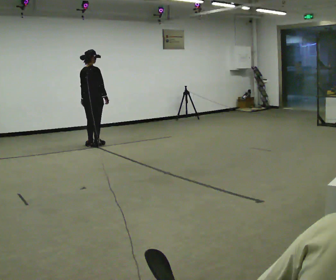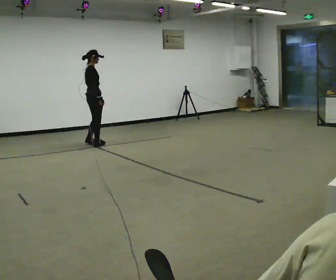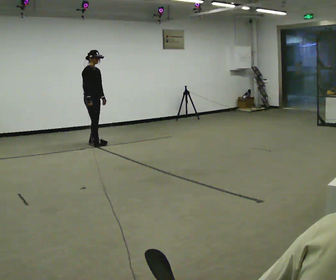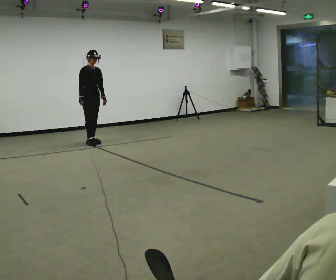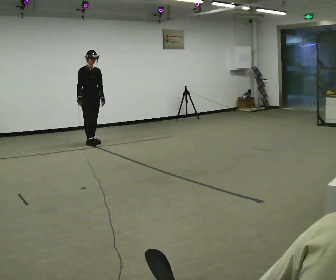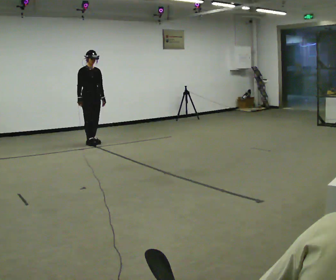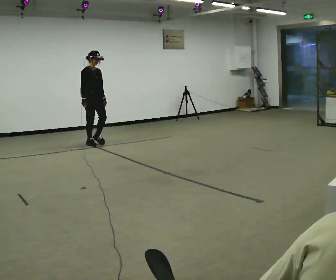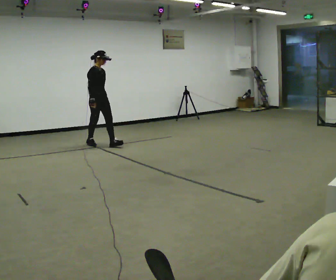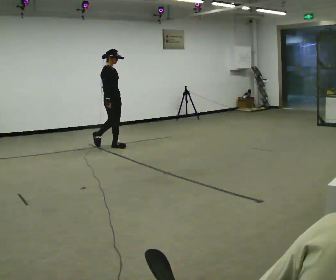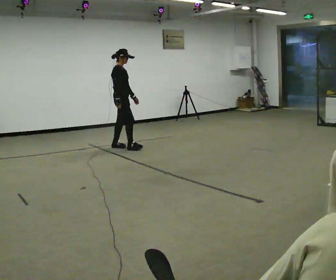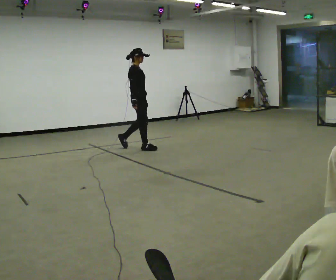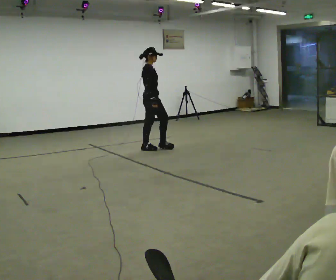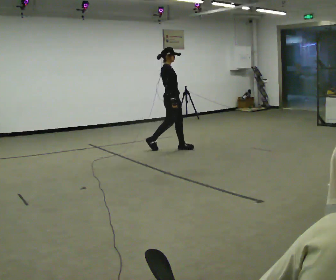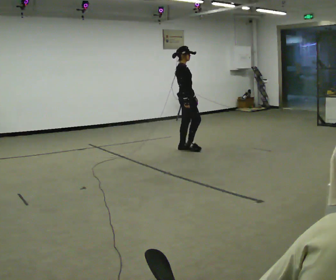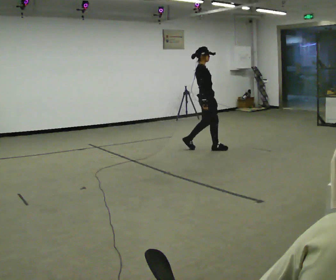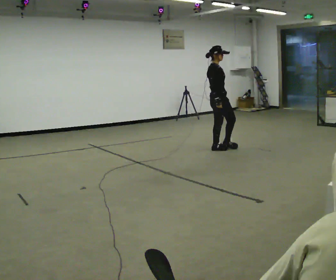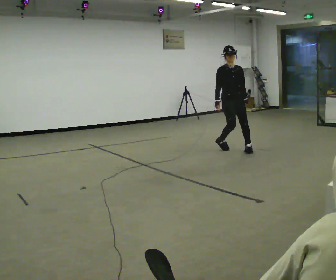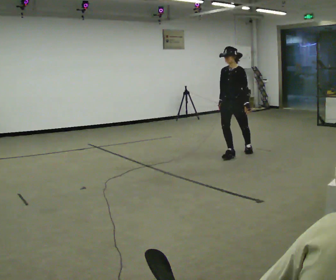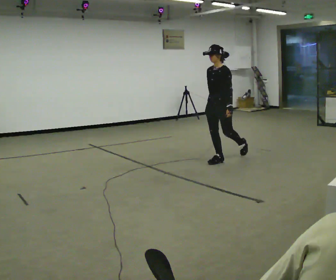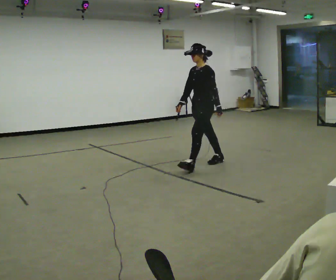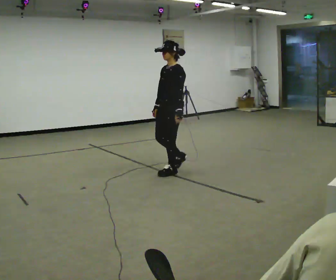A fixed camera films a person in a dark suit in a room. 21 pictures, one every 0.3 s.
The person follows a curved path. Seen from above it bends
clockwise.
The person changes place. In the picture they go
toward the camera.
0.0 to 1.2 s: The person turns about 120 degrees to their right, clockwise seen from above, so the part of the body nearest the lens slides to the left. In the picture their right hand goes to the left, the arm swinging clockwise.
1.2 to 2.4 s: The part of the body nearest the lens slides to the right as the person turns to their left by about 30 degrees. In the picture they go to the right and toward the camera, about 0.5 m in 1 step, which for them is forward.
2.4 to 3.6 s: In the picture they go to the right, about 1 m in 2 steps, which for them is forward.
3.6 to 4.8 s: The person turns about 75 degrees to their right, clockwise seen from above, so the part of the body nearest the lens slides to the left. In the picture they go to the right and toward the camera, about 1 m in 2 steps.
4.8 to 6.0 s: Seen from above the body turns clockwise, about 75 degrees: to their right, with its near side sliding to the left. In the picture they go to the left and toward the camera, about 1.5 m in 2 steps.
The film runs forward here.
